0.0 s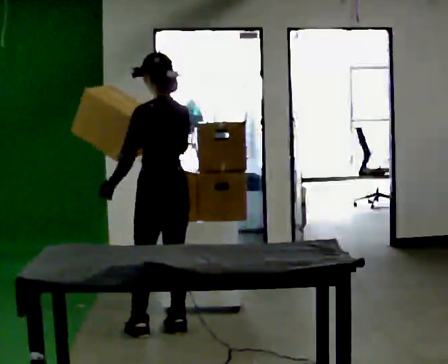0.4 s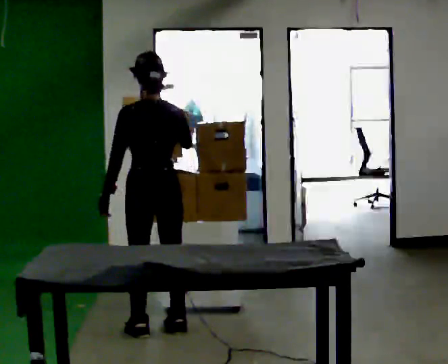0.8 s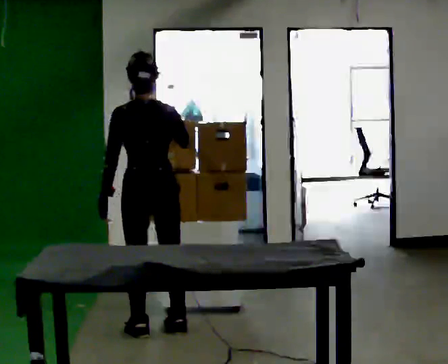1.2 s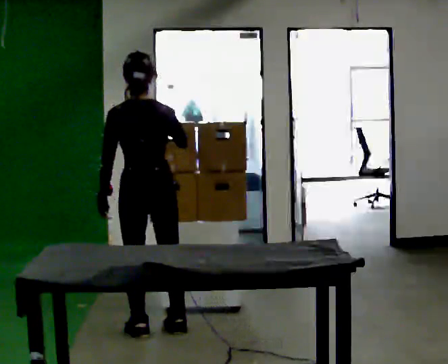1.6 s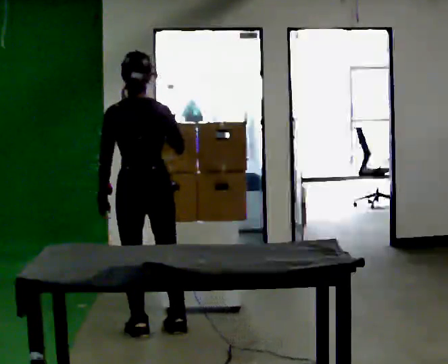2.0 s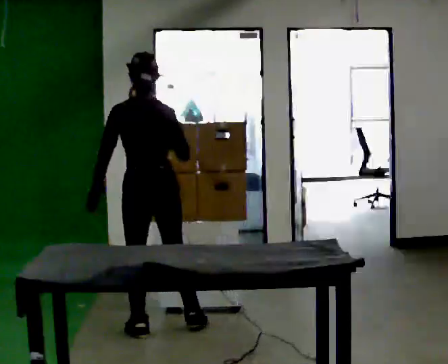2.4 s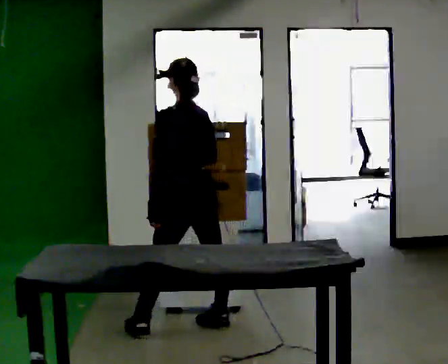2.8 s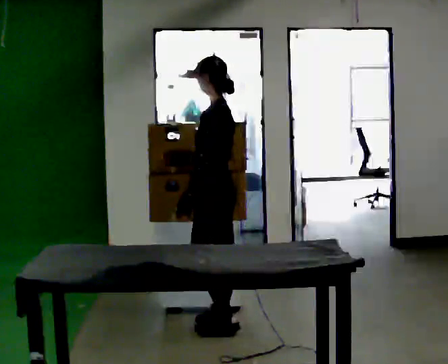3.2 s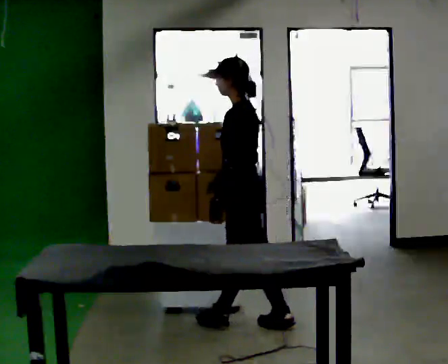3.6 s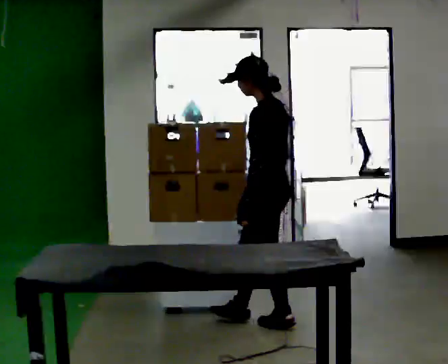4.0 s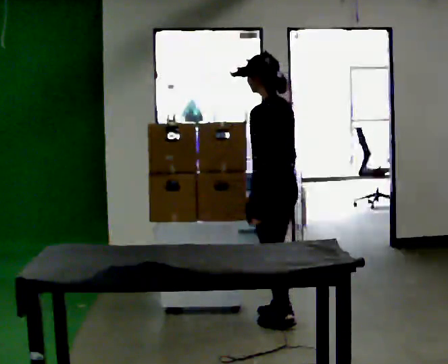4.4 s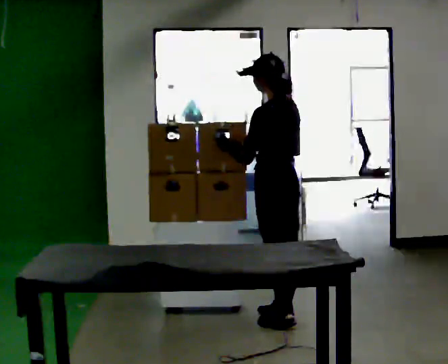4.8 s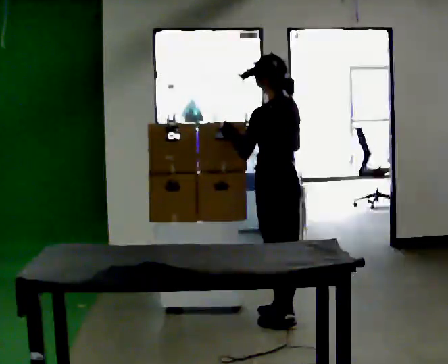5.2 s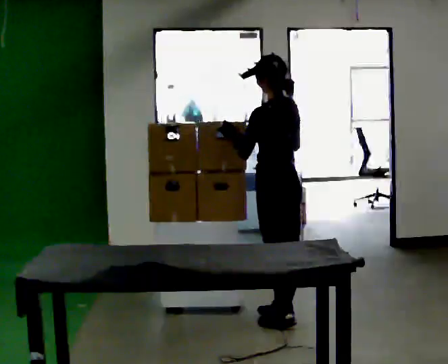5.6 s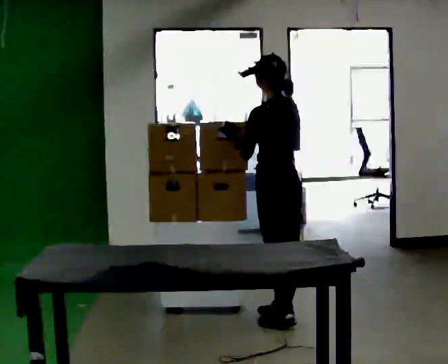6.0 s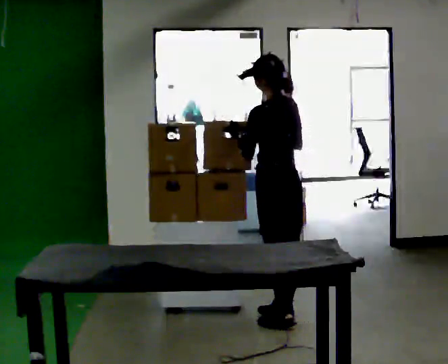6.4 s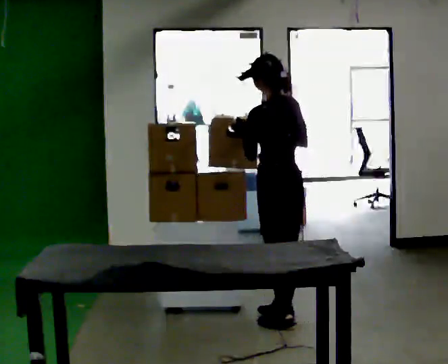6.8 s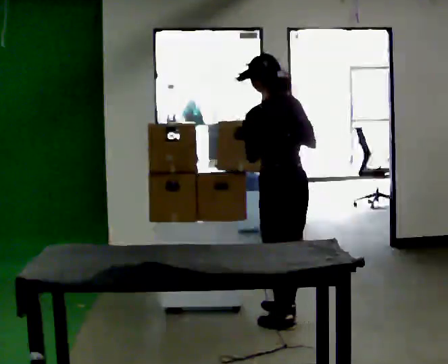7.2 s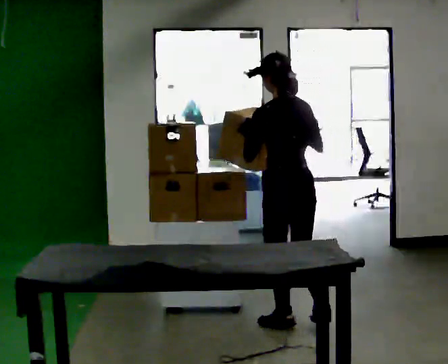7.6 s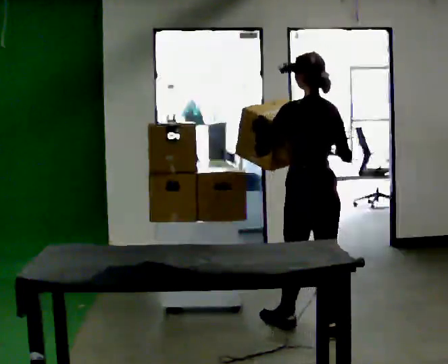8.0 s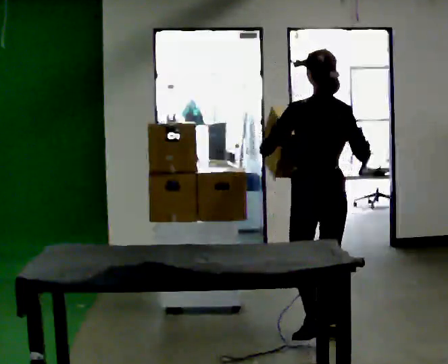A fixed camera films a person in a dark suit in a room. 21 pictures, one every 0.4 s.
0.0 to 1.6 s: The person turns about 30 degrees to their right, clockwise seen from above, so the part of the body nearest the lens slides to the left.
1.6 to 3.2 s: The part of the body nearest the lens slides to the right as the person turns to their left by about 90 degrees. In the picture they go to the right, about 0.5 m in 2 steps.
3.2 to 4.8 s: The part of the body nearest the lens slides to the left as the person turns to their right by about 45 degrees. In the picture they go to the right, about 0.25 m in 1 step, which for them is to their right. In the picture their left hand goes upward, the arm swinging clockwise.
4.8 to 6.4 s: The person moves a little, or ends about where they began.
6.4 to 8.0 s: In the picture they go toward the camera and to the right, about 0.5 m in 2 steps, which for them is backward.
The film runs backward here.
